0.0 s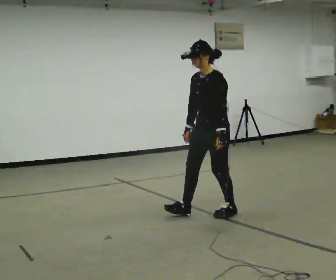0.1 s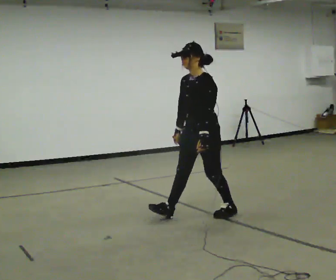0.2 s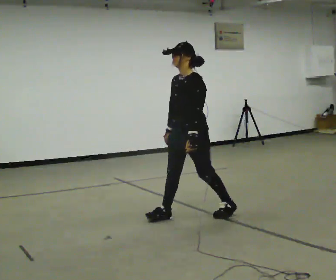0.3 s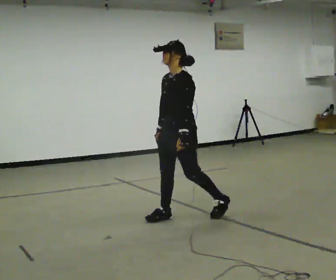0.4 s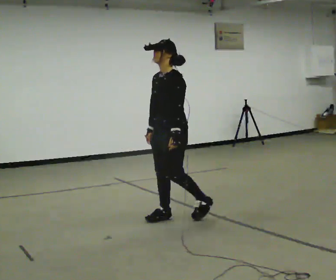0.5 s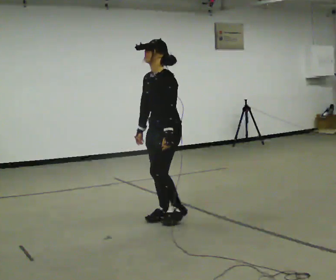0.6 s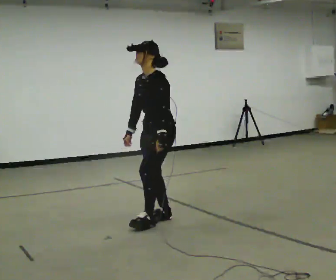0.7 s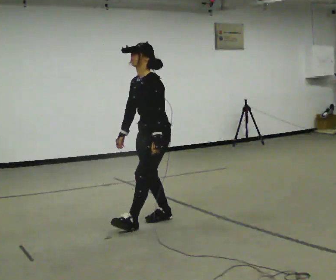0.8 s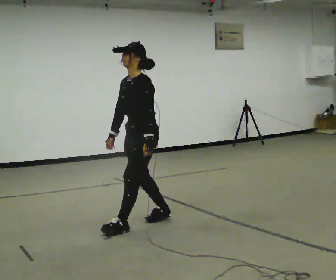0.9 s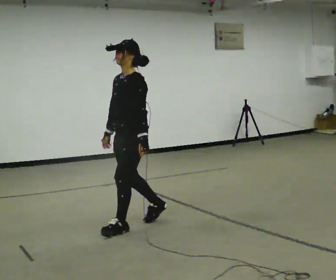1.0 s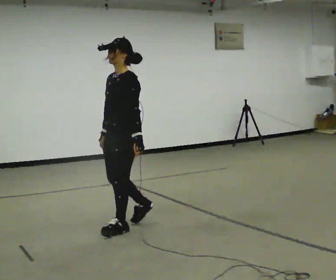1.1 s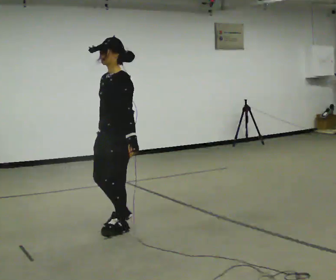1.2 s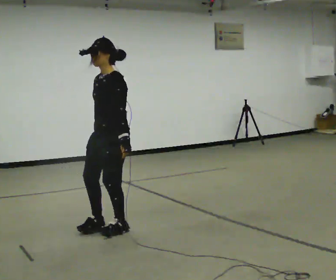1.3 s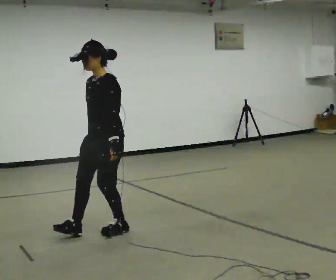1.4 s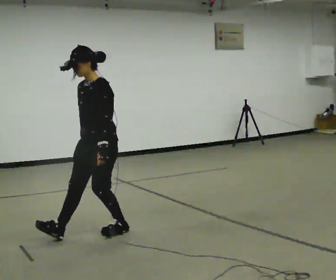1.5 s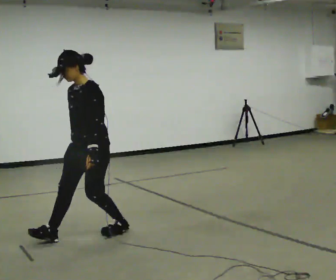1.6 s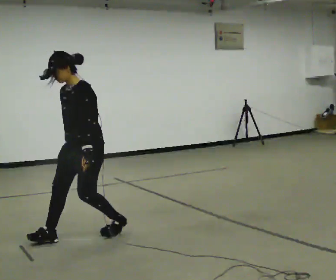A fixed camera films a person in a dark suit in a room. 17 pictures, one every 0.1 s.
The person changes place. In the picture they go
to the left.
0.0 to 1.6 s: In the picture they go to the left and toward the camera, about 1 m in 3 steps, which for them is forward.
The film runs backward here.
